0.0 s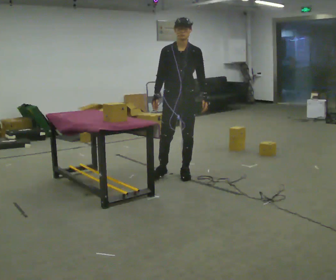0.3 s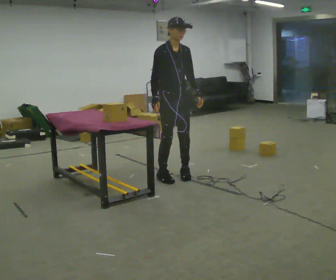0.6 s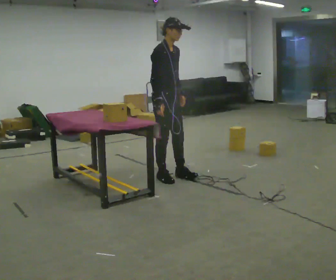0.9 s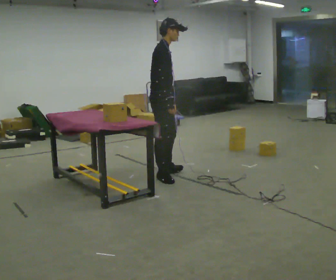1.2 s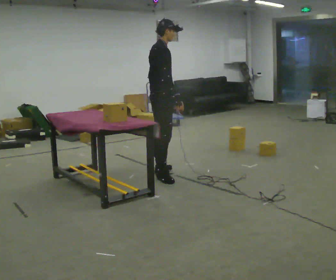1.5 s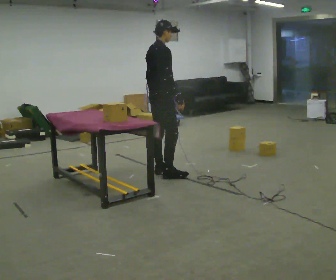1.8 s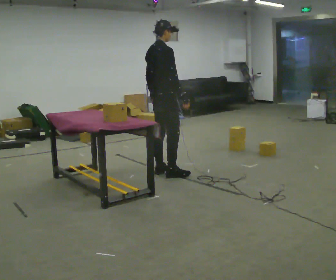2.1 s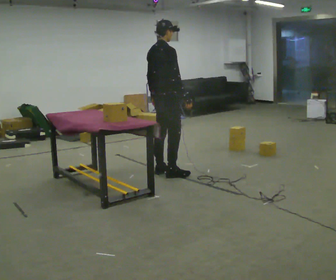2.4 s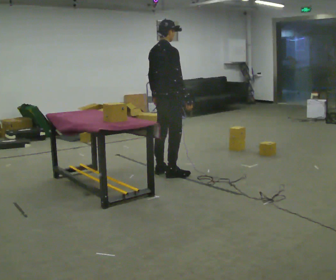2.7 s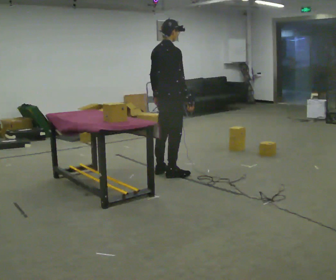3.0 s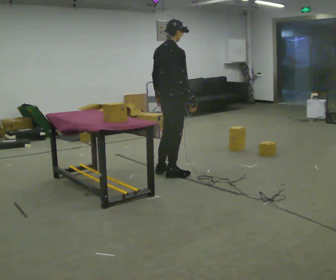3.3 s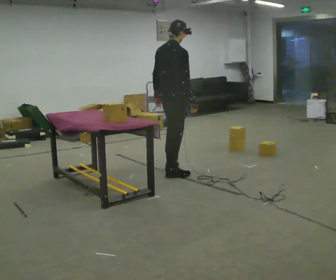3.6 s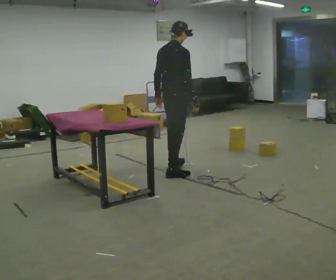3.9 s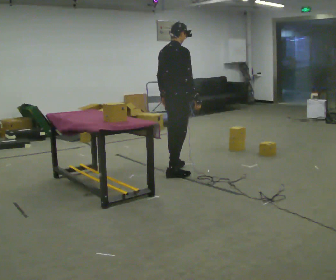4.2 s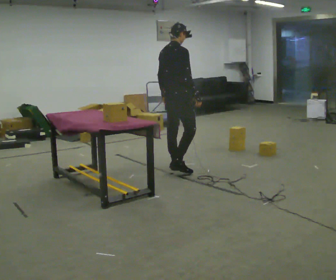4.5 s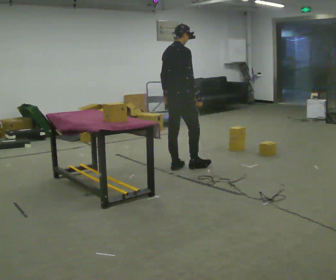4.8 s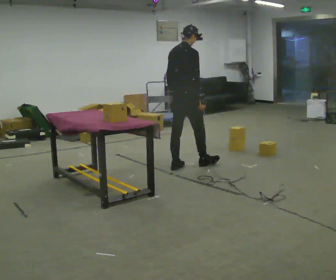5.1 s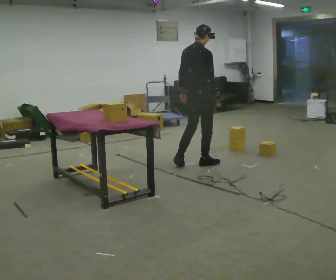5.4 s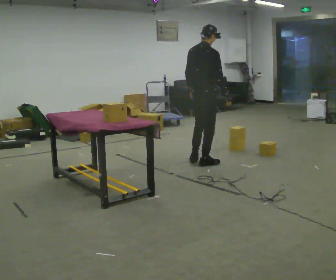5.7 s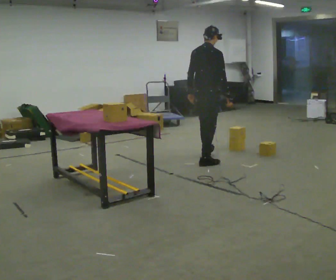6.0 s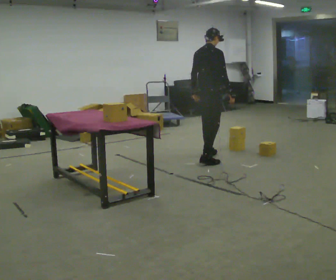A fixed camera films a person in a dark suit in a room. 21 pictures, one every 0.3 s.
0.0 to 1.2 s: Seen from above the body turns counterclockwise, about 105 degrees: to their left, with its near side sliding to the right. In the picture they go to the left, about 0.25 m in 2 steps.
1.2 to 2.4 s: The part of the body nearest the lens slides to the right as the person turns to their left by about 30 degrees.
2.4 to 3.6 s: The person moves a little, or ends about where they began.
3.6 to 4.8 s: In the picture they go away from the camera, about 0.25 m in 1 step, which for them is forward and to their left.
4.8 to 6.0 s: In the picture they go to the right and away from the camera, about 0.5 m in 1 step, which for them is forward.
The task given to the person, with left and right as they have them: Carry the box over and put it on the shelf with the label facing out towards you. Get the orientation right, not just the position. Keep going until the operator says stop; one object at a time, and do not rush between trips.
The film runs forward here.
